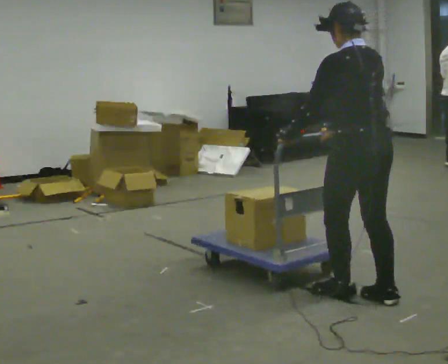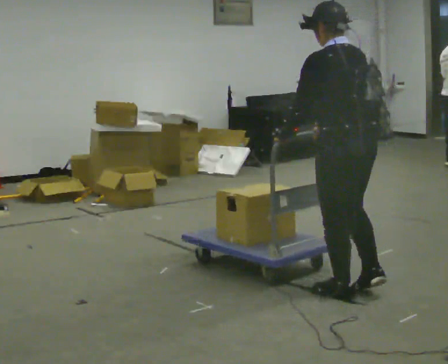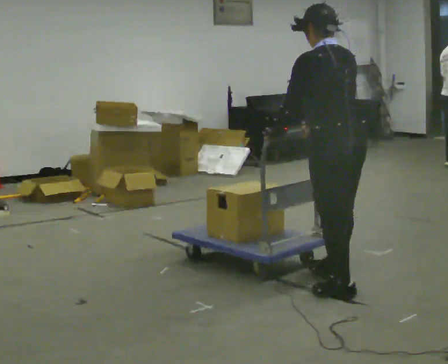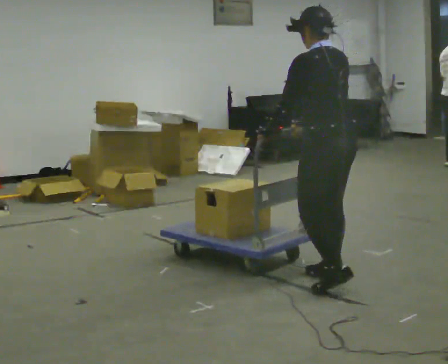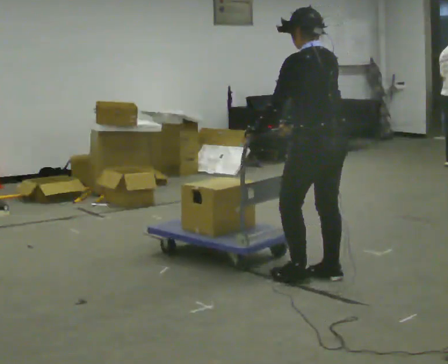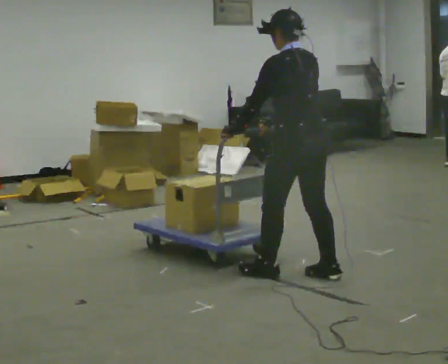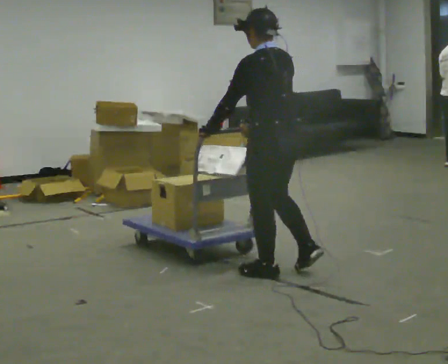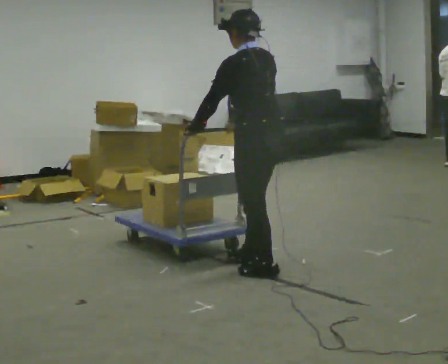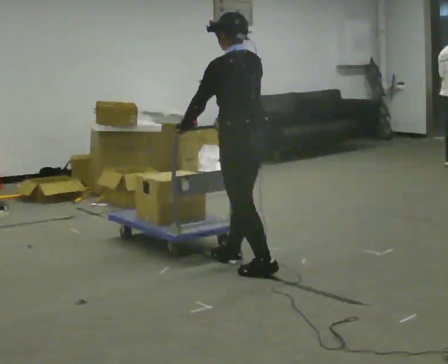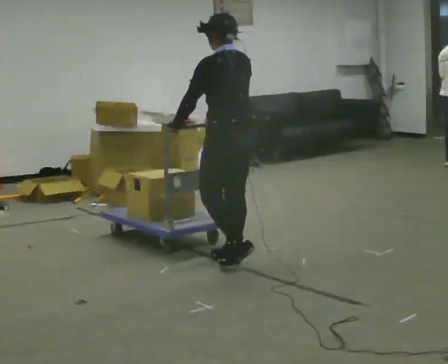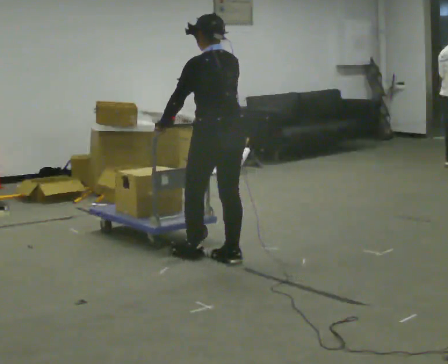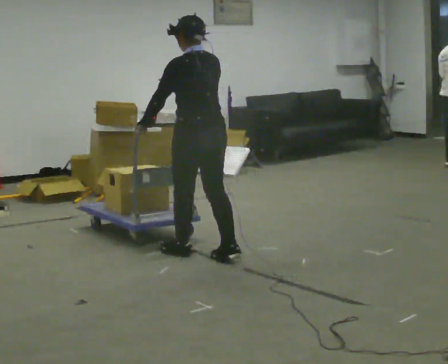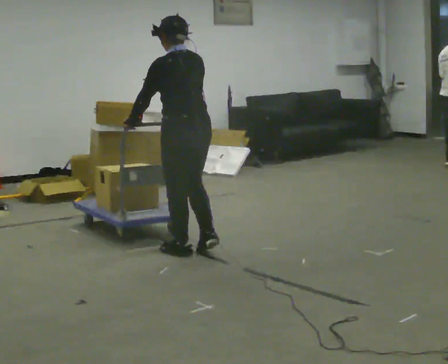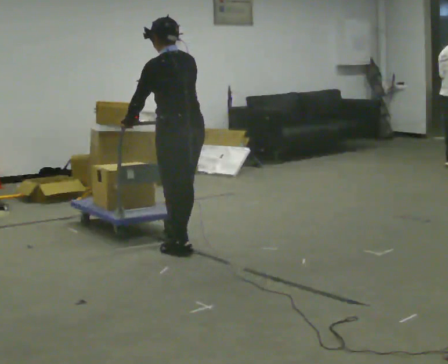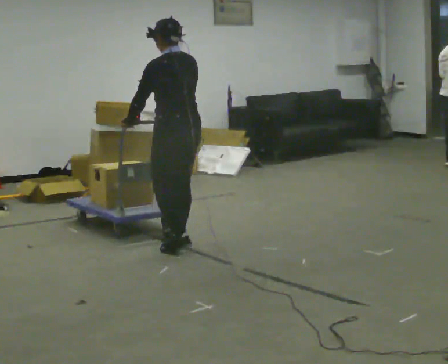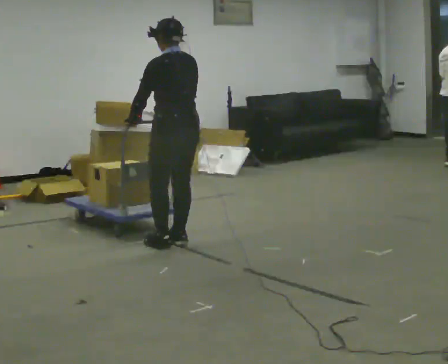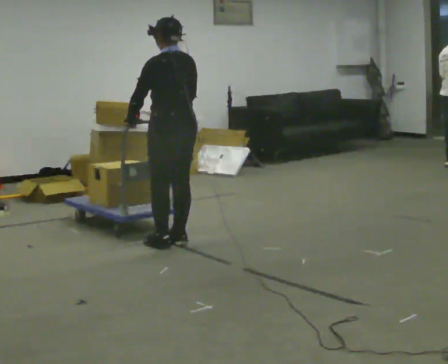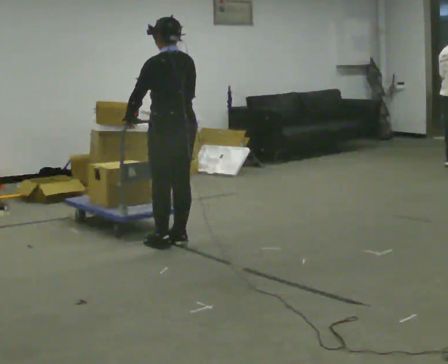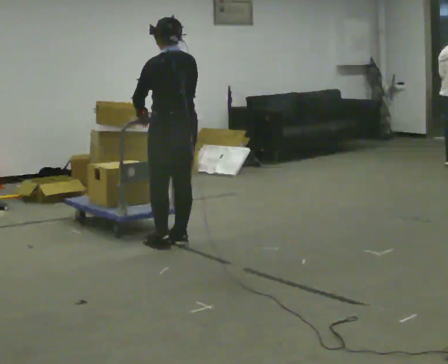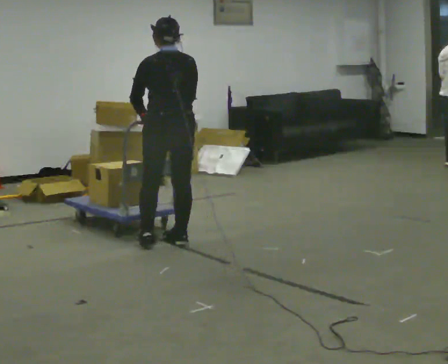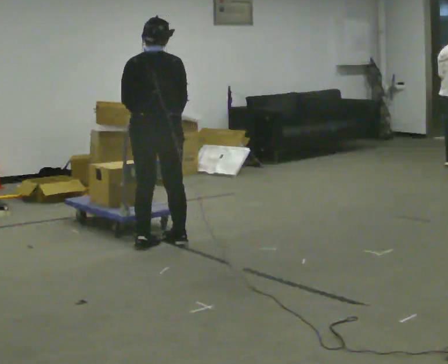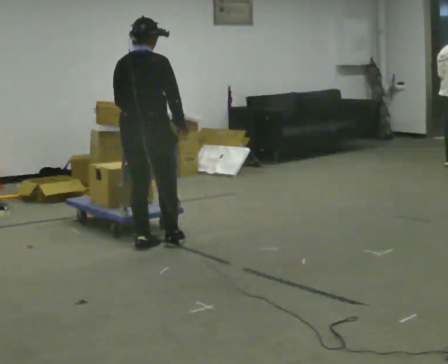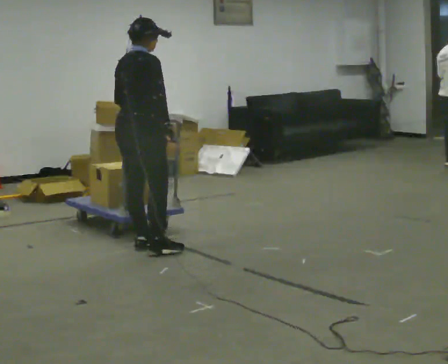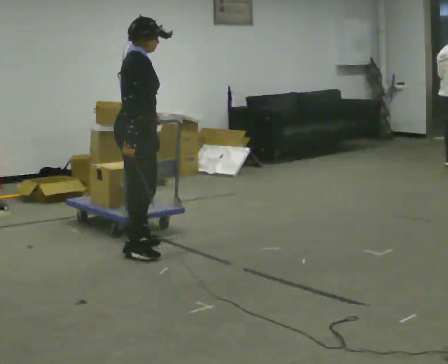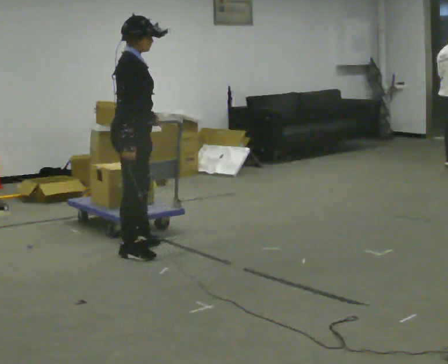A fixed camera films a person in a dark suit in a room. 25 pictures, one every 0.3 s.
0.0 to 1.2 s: In the picture they go away from the camera and to the left, about 0.5 m in 1 step, which for them is forward.
1.2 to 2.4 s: In the picture they go to the left and away from the camera, about 0.5 m in 2 steps, which for them is forward.
2.4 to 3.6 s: In the picture they go to the left and away from the camera, about 0.5 m in 1 step, which for them is forward.
3.6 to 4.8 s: In the picture they go away from the camera, about 0.25 m in 2 steps, which for them is forward.
4.8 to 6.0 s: The part of the body nearest the lens slides to the left as the person turns to their right by about 45 degrees.
6.0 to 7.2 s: Seen from above the body turns clockwise, about 90 degrees: to their right, with its near side sliding to the left. In the picture they go toward the camera, about 0.25 m in 1 step.
The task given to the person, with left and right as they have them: Push the cart across the room using only the hand the operator calls. Keep your other arm at your side.
The film runs forward here.
